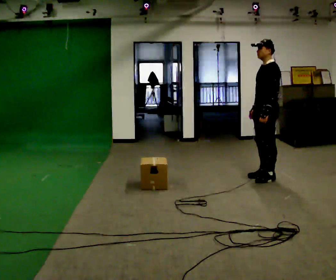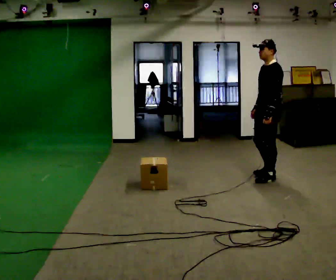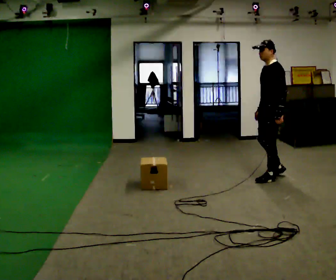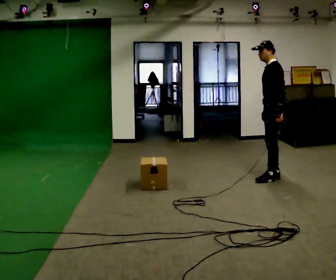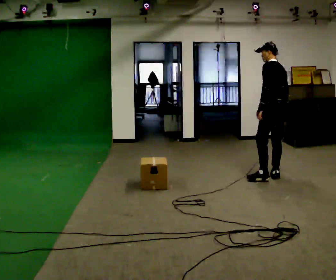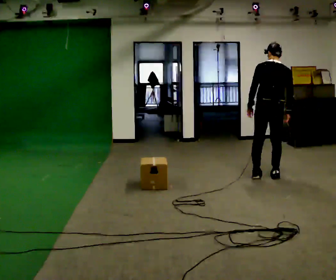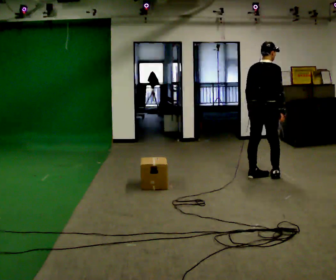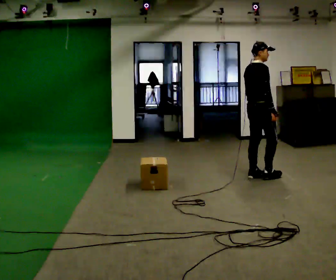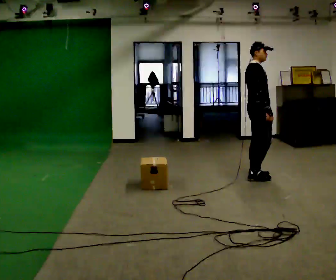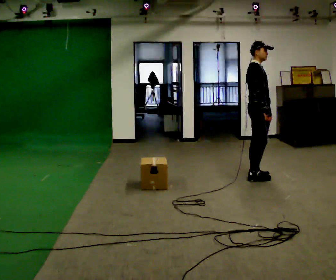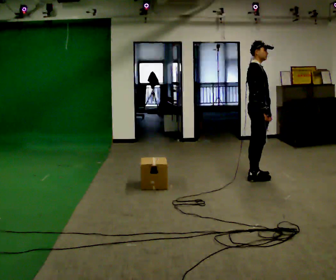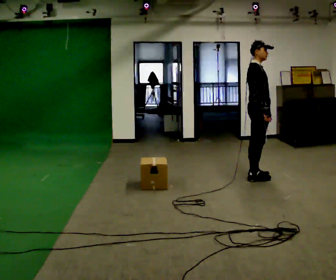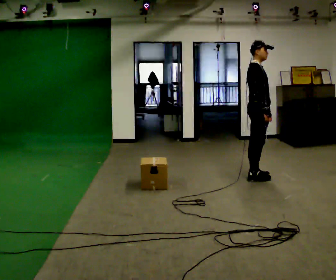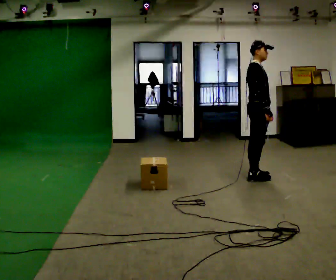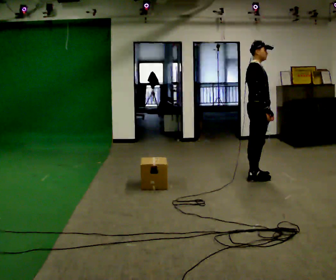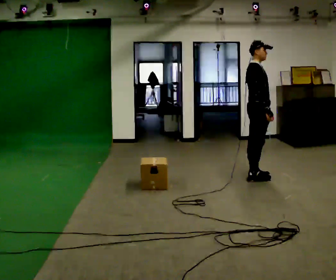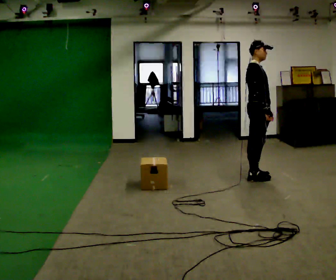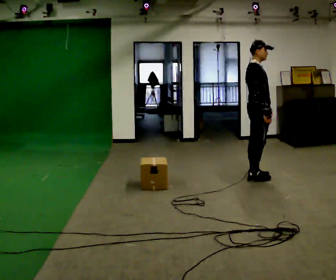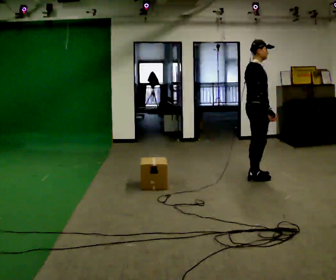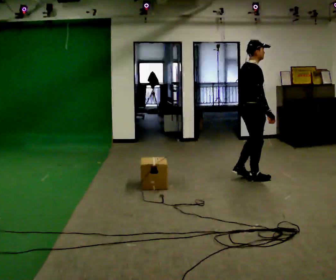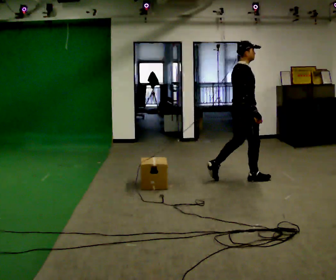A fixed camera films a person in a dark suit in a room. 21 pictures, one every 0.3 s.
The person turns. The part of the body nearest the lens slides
to the left.
The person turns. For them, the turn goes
to their right.
0.0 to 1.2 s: The person turns about 45 degrees to their right, clockwise seen from above, so the part of the body nearest the lens slides to the left. In the picture their right hand goes to the right.
1.2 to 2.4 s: The person turns about 135 degrees to their right, clockwise seen from above, so the part of the body nearest the lens slides to the left. In the picture they go to the left, about 0.25 m in 1 step.
2.4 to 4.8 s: The person moves a little, or ends about where they began.
4.8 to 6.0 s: In the picture they go to the left, about 0.25 m in 1 step, which for them is backward.
The film runs backward here.
